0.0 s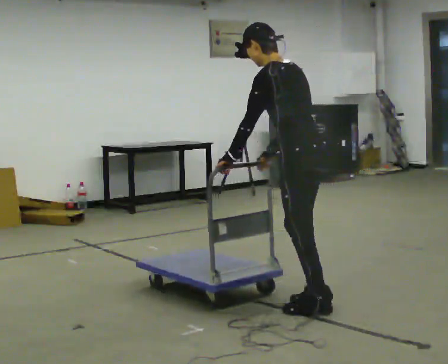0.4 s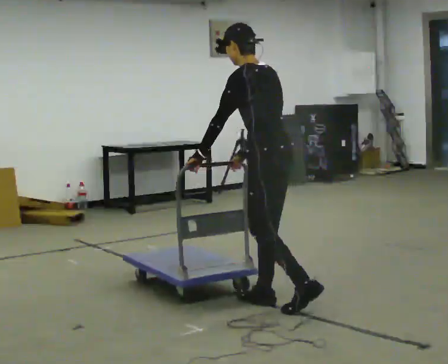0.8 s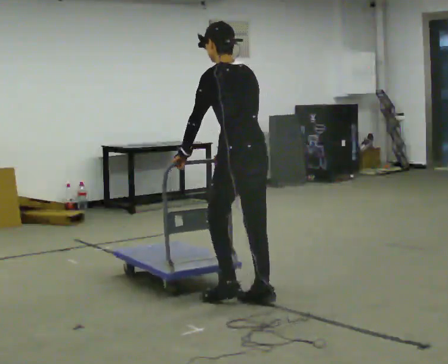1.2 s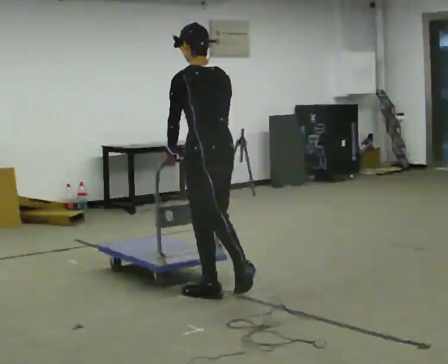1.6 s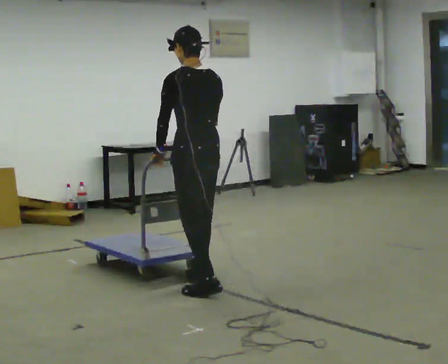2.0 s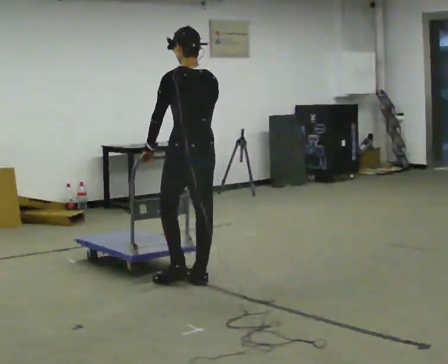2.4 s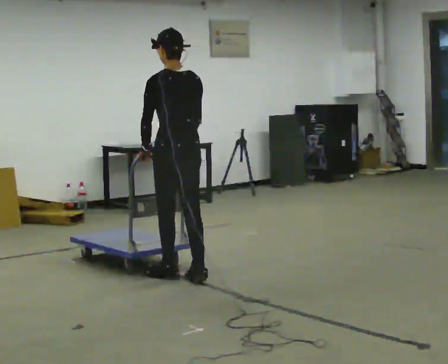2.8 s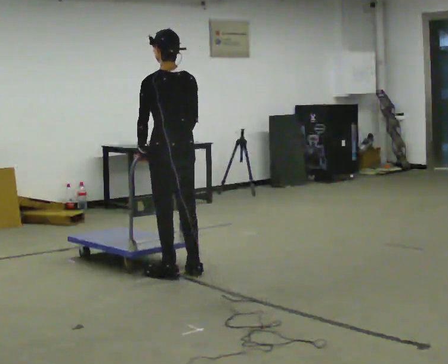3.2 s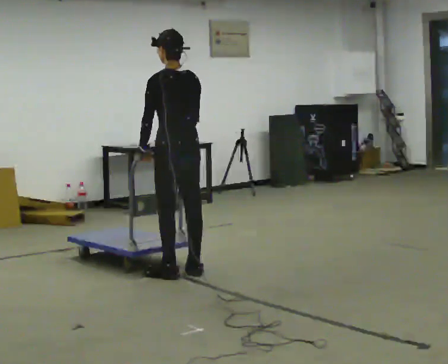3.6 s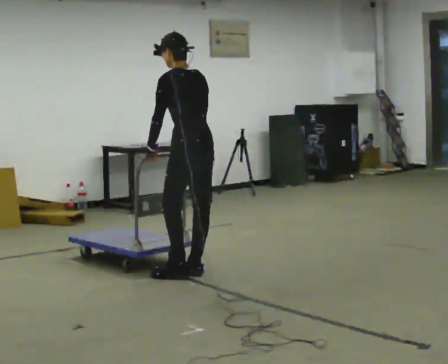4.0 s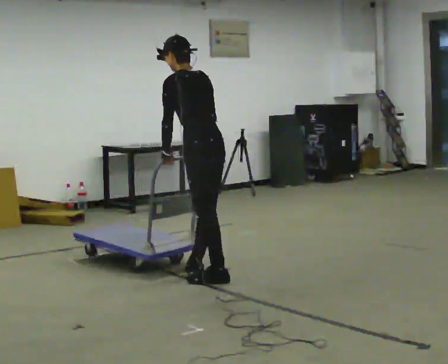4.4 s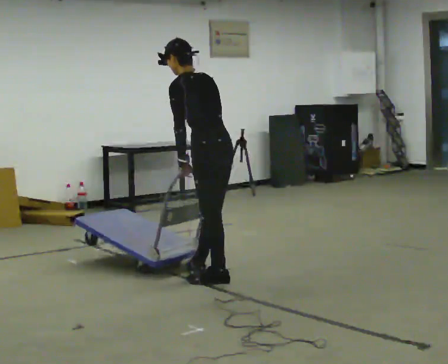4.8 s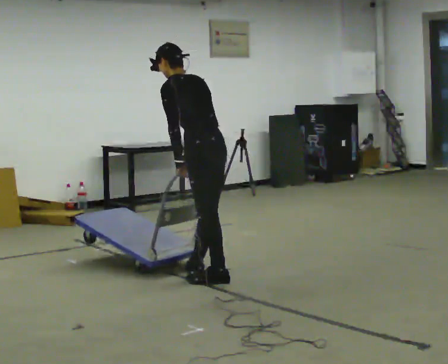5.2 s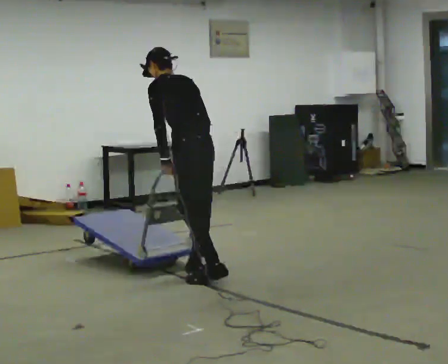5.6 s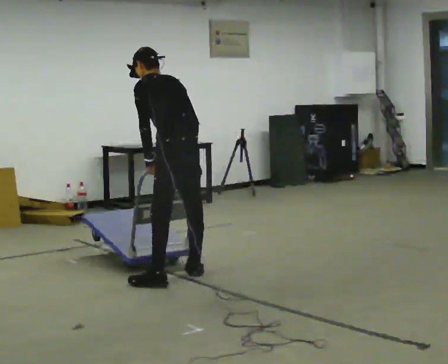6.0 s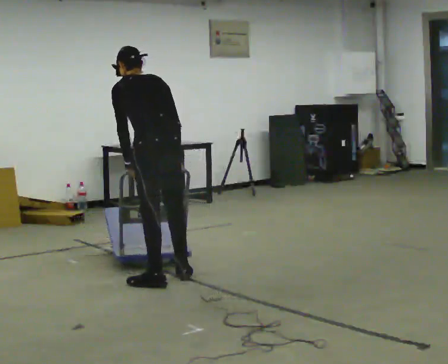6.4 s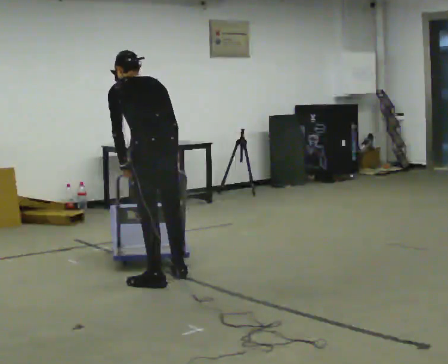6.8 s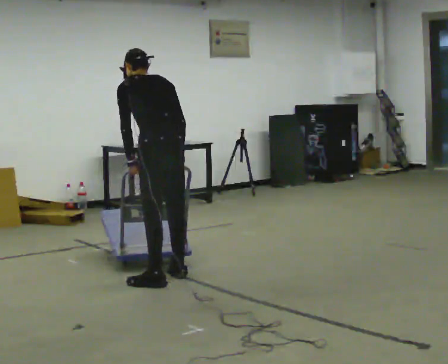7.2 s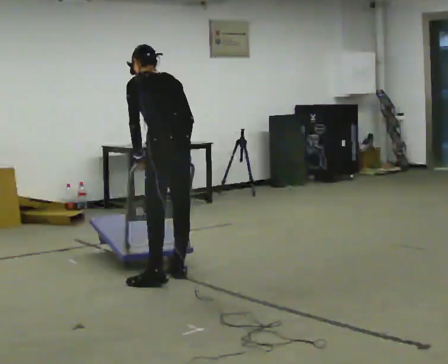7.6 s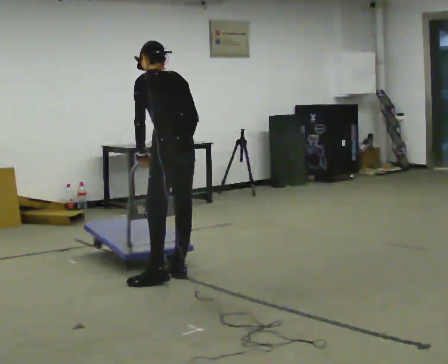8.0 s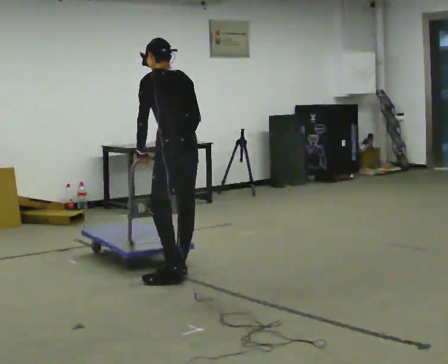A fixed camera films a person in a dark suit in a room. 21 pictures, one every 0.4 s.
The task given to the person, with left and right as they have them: Get the cart into the marked parking space and lined up with the tape. Take as many adjustments as you need. Then take it out again and repeat.
0.0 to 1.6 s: In the picture they go to the left and away from the camera, about 1 m in 3 steps, which for them is forward. In the picture the upper body tilts clockwise, shoulders to the right, as they lean back or straighten.
1.6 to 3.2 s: In the picture they go away from the camera, about 0.5 m in 2 steps, which for them is forward.
3.2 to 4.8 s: In the picture they go to the right, about 0.25 m in 1 step, which for them is backward. In the picture the upper body tilts counterclockwise, shoulders to the left, as they bend forward.
4.8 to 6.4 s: In the picture they go to the left, about 0.25 m in 2 steps, which for them is to their left and forward.
6.4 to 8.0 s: In the picture they go to the right and away from the camera, about 0.25 m, which for them is to their right.
The film runs forward here.
